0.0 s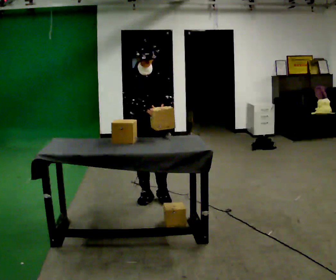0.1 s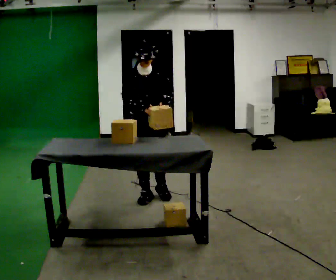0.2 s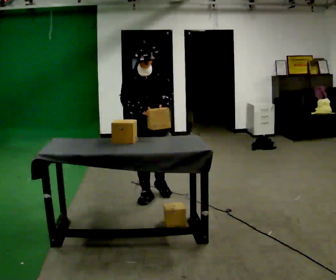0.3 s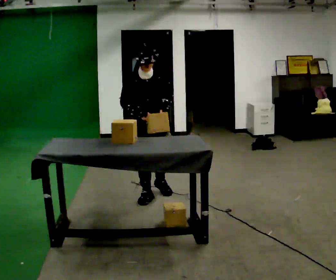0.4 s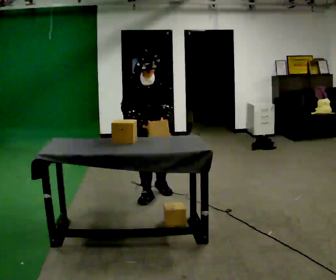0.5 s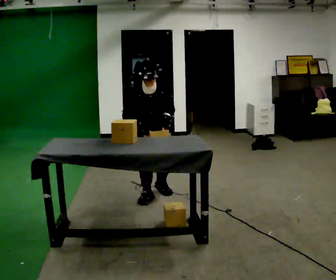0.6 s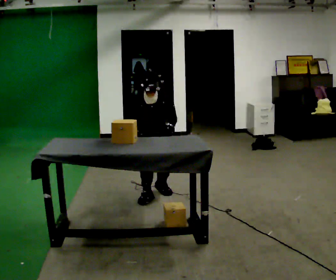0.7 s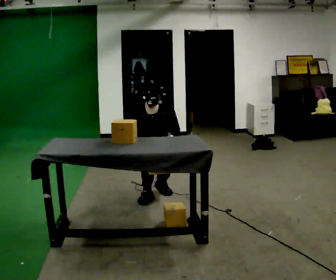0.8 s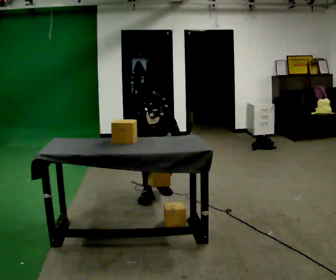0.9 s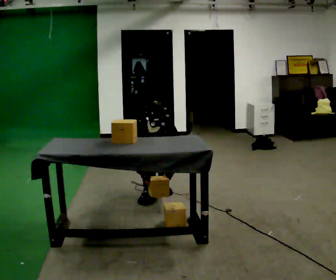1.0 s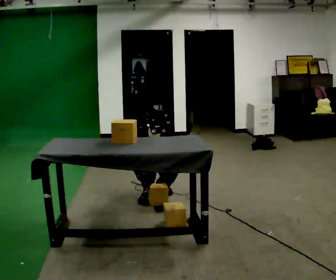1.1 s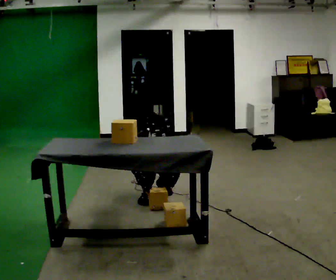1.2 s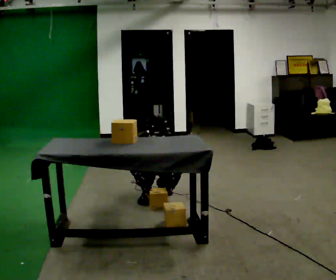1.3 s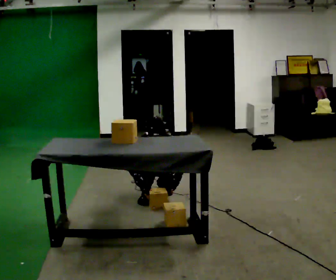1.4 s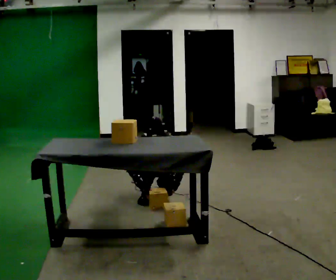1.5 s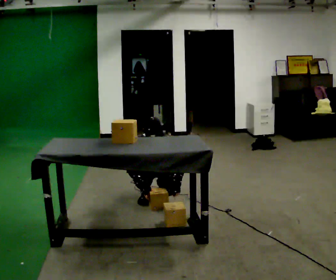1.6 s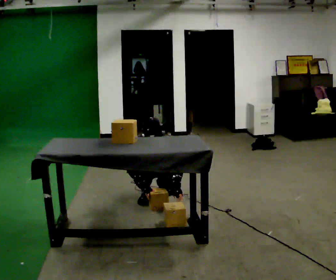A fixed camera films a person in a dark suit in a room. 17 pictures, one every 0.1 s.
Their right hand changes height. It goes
downward.
Their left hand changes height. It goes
downward.
0.0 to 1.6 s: In the picture they go away from the camera, about 0.25 m, which for them is backward. The shoulders move downward. The upper body tips toward the camera, its near side rolling downward, as they bend forward. In the picture their right hand goes downward.
The film runs backward here.
